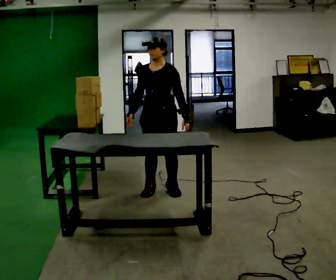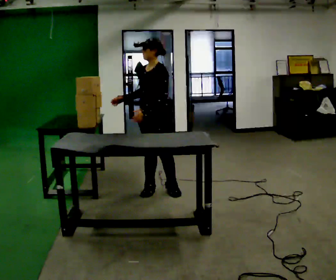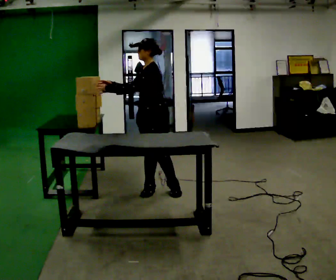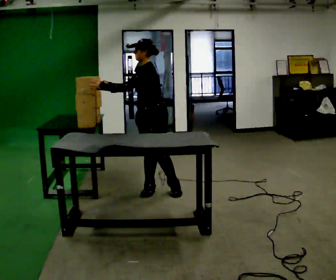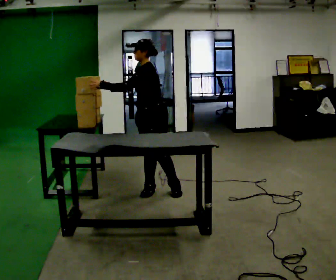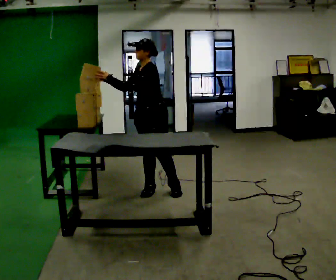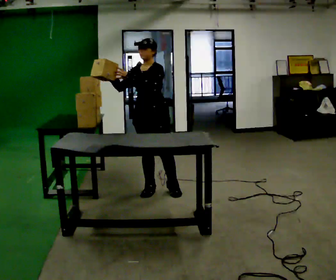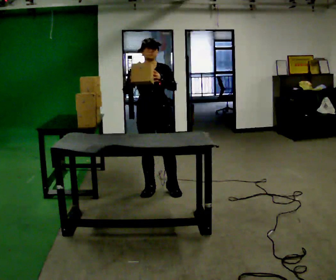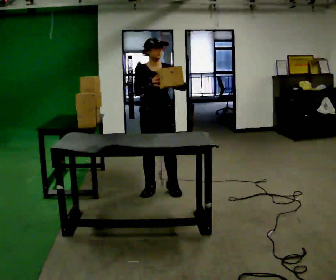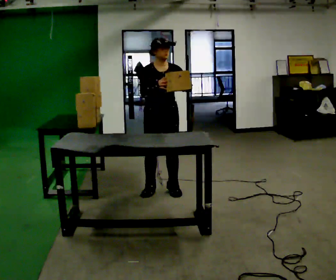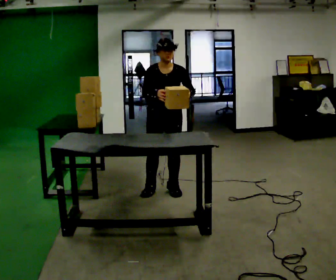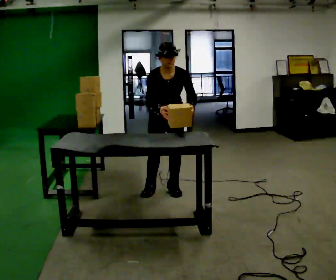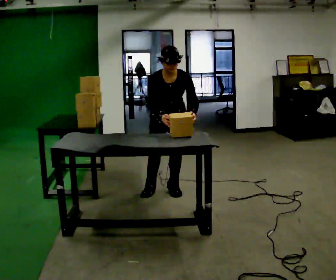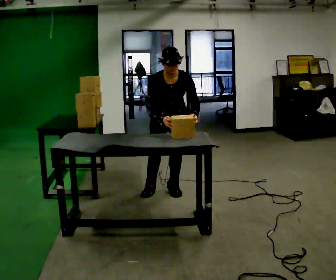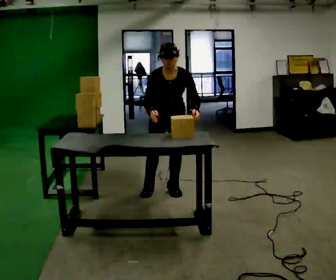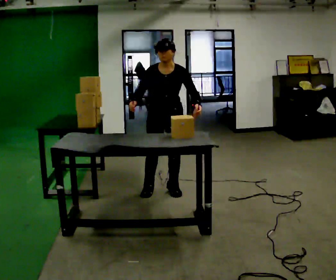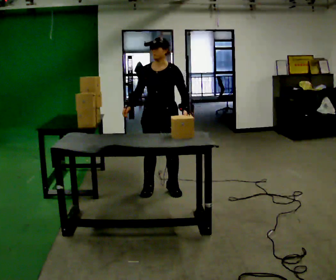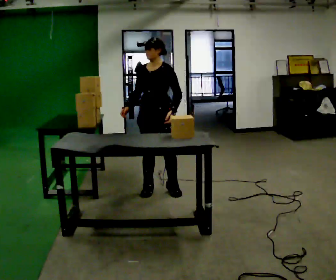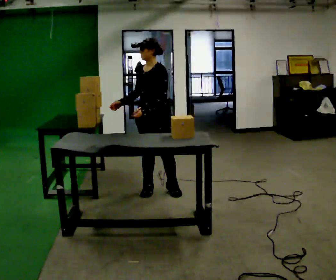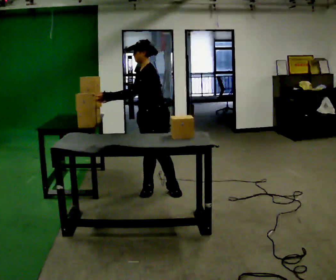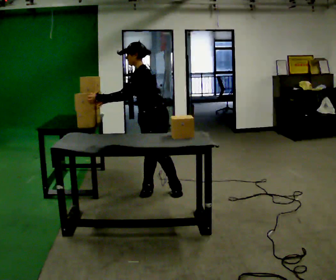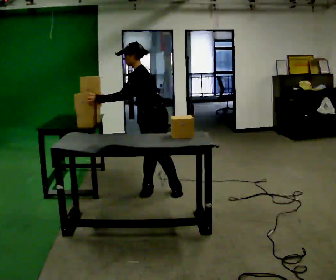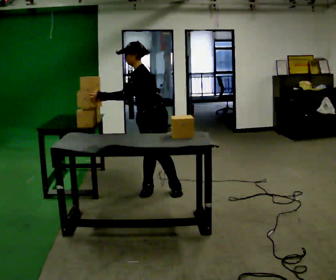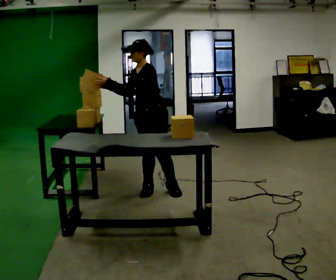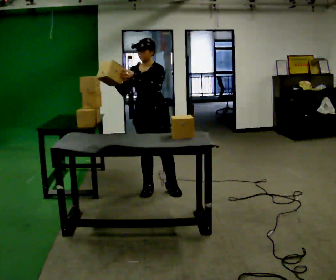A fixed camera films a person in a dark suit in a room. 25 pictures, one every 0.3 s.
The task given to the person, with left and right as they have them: Move the objects one at a time between the far targets the operator calls, without moving your feet. Repeat at your own pace until the operator says stop. Keep both feet on the marked spots for the whole take. If you have to step, stop and tell the operator.
0.0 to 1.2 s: The person turns about 30 degrees to their right, clockwise seen from above, so the part of the body nearest the lens slides to the left. In the picture their left hand goes to the left, the arm swinging clockwise.
1.2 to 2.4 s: The part of the body nearest the lens slides to the right as the person turns to their left by about 75 degrees. In the picture their left hand goes to the right.
2.4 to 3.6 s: The upper body tips toward the camera, its near side rolling downward, as they bend forward.
3.6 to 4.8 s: The upper body tips away from the camera, its near side rolling upward, as they lean back or straighten.
4.8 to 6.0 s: Seen from above the body turns clockwise, about 60 degrees: to their right, with its near side sliding to the left. In the picture the upper body tilts counterclockwise, shoulders to the left. In the picture their left hand goes to the left, the arm swinging clockwise.
6.0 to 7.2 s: Seen from above the body turns counterclockwise, about 45 degrees: to their left, with its near side sliding to the right. In the picture the upper body tilts clockwise, shoulders to the right. In the picture their left hand goes to the right.
The film runs forward here.
